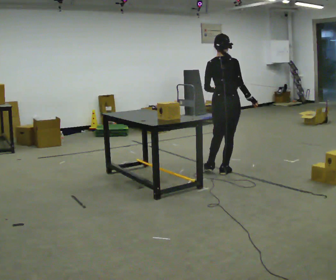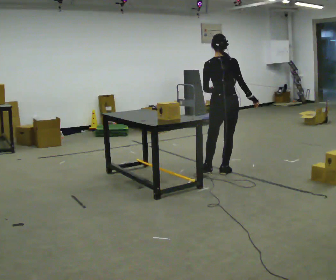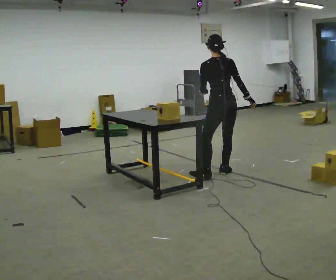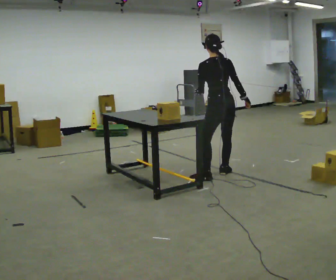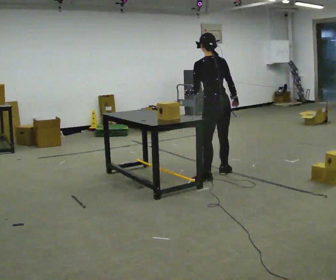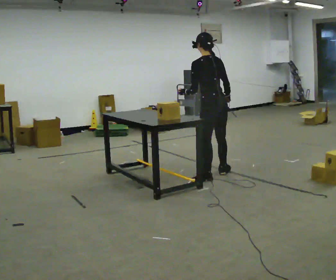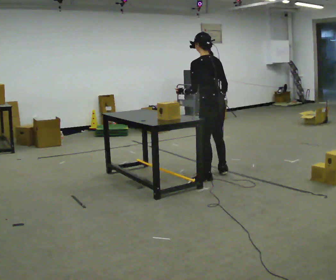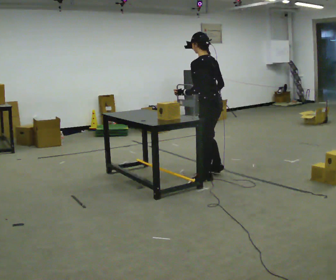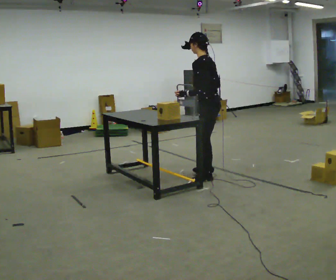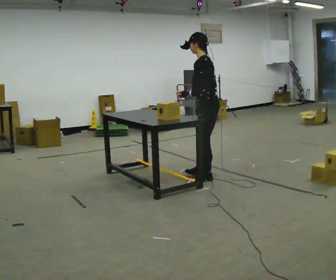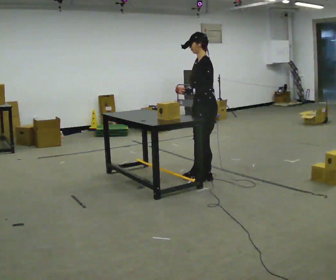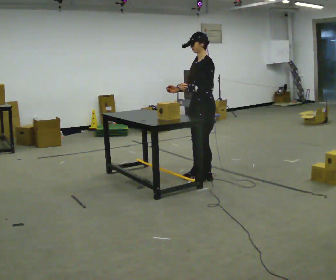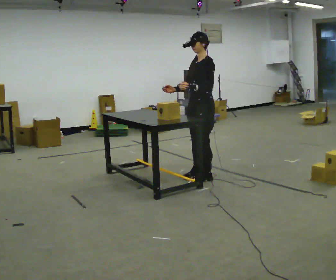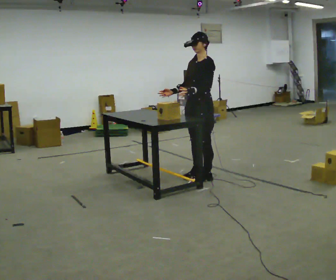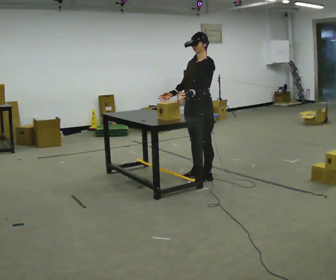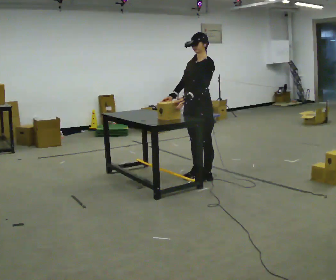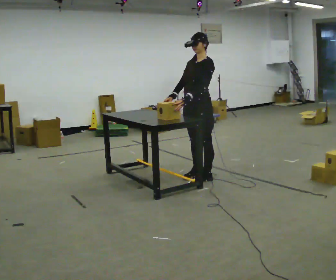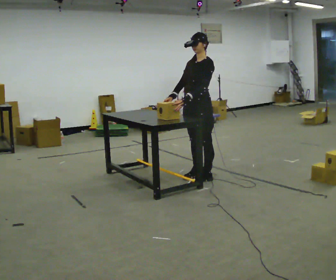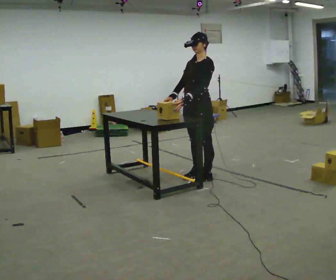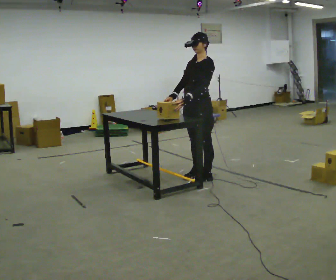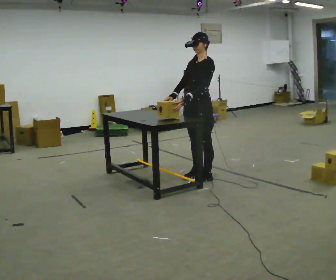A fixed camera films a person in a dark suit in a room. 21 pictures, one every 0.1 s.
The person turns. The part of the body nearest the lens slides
to the right.
The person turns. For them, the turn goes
to their left.
0.0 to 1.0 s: Seen from above the body turns counterclockwise, about 120 degrees: to their left, with its near side sliding to the right. In the picture they go to the left and toward the camera, about 0.25 m in 1 step.
1.0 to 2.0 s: The person turns about 30 degrees to their left, counterclockwise seen from above, so the part of the body nearest the lens slides to the right.
The film runs backward here.
